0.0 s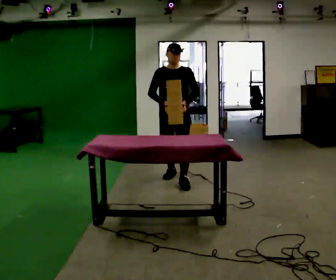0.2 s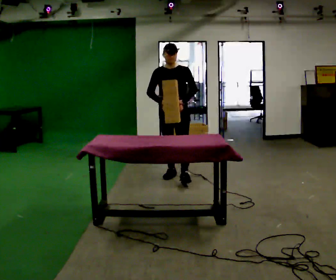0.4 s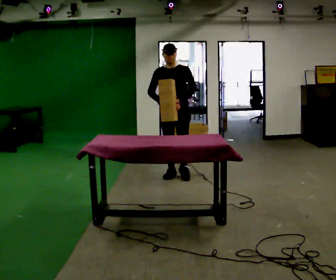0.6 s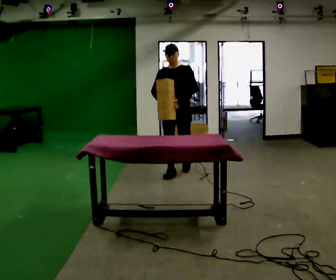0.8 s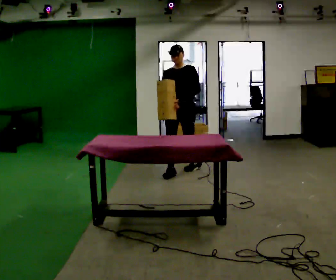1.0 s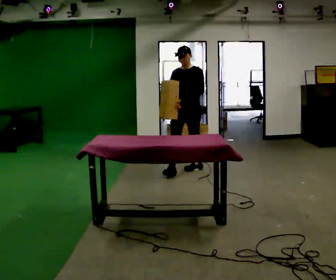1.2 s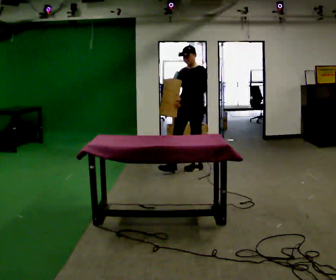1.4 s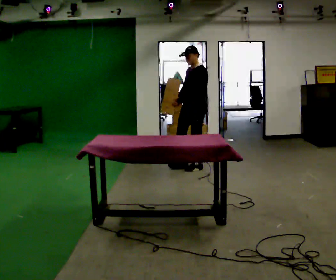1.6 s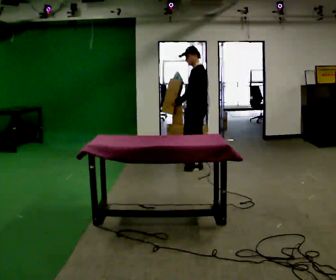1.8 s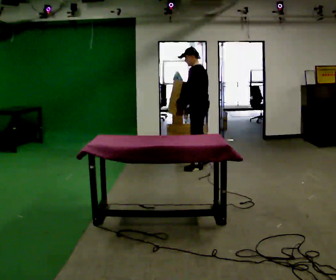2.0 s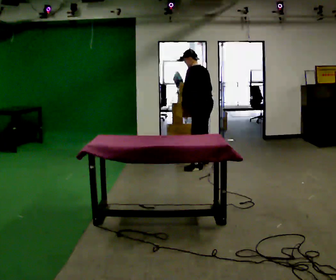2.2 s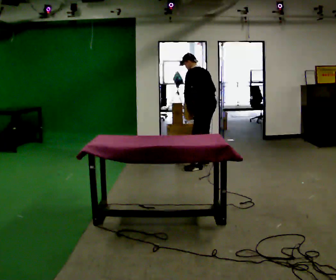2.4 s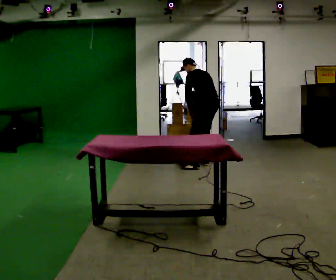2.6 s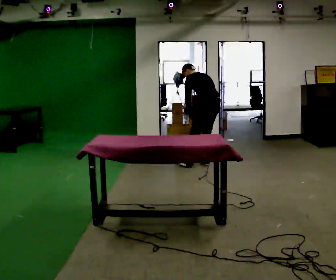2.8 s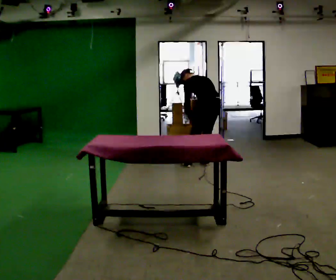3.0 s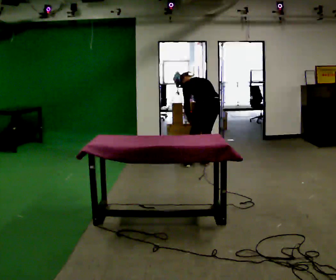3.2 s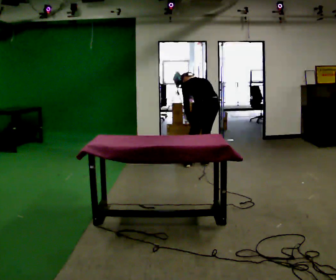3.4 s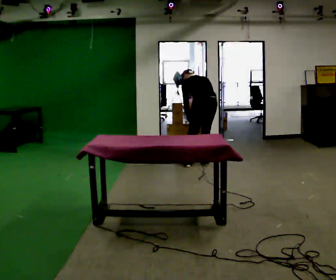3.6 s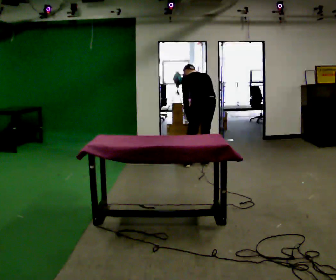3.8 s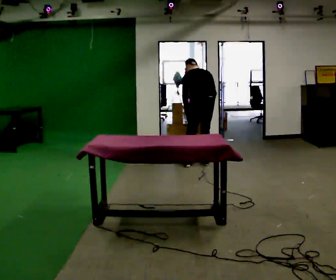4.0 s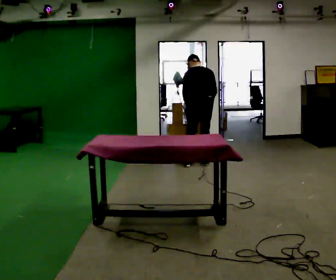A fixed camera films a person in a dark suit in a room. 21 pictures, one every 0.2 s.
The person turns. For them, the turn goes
to their right.
The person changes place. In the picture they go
away from the camera.
0.0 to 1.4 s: The part of the body nearest the lens slides to the left as the person turns to their right by about 45 degrees. In the picture they go away from the camera and to the right, about 0.5 m in 2 steps, which for them is backward.
1.4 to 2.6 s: Seen from above the body turns clockwise, about 90 degrees: to their right, with its near side sliding to the left. In the picture they go away from the camera and to the right, about 0.25 m in 1 step. The upper body tips away from the camera, its near side rolling upward, as they bend forward.
2.6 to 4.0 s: Seen from above the body turns clockwise, about 30 degrees: to their right, with its near side sliding to the left.
The film runs backward here.
